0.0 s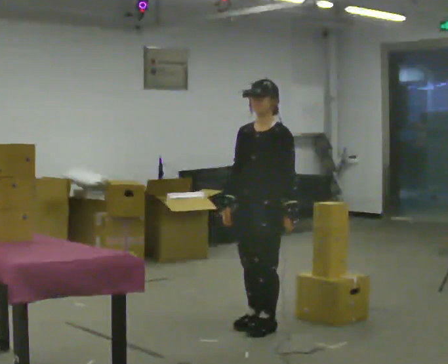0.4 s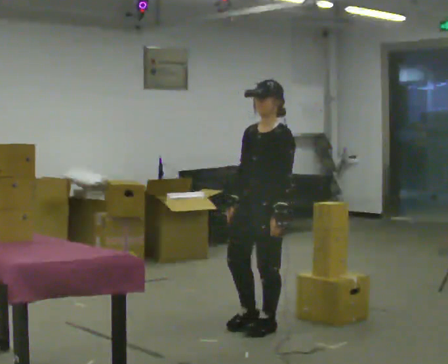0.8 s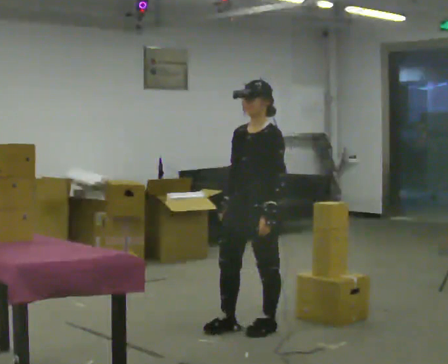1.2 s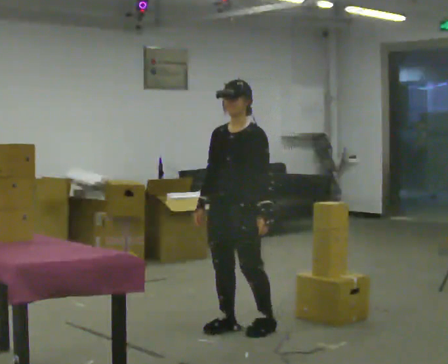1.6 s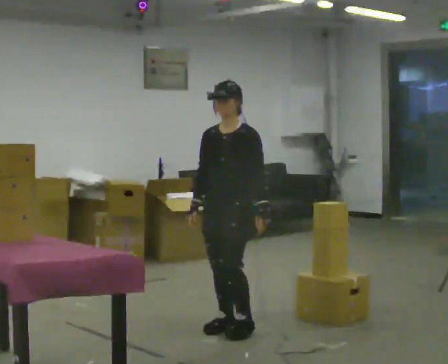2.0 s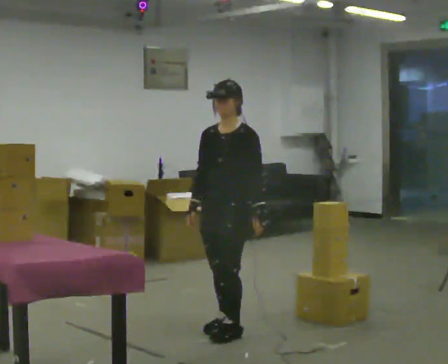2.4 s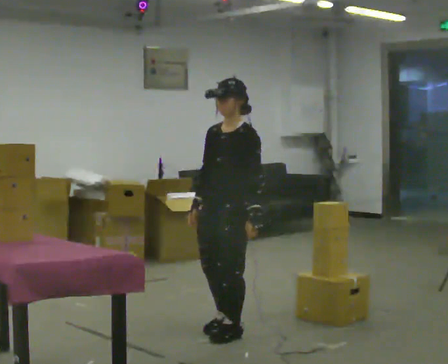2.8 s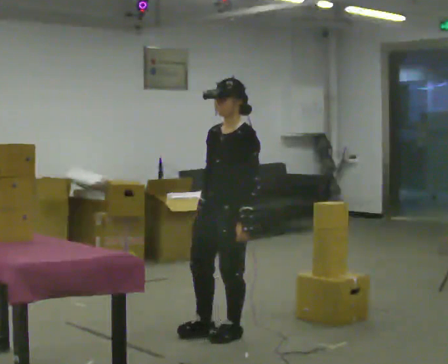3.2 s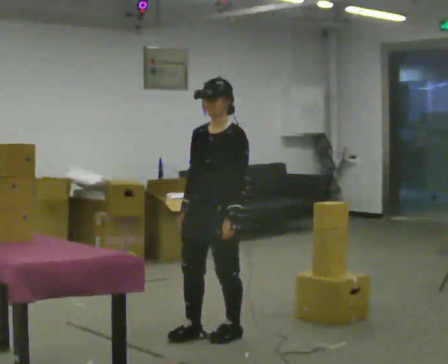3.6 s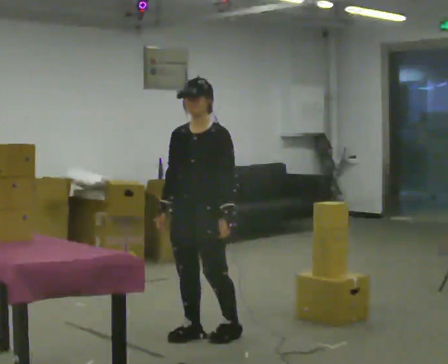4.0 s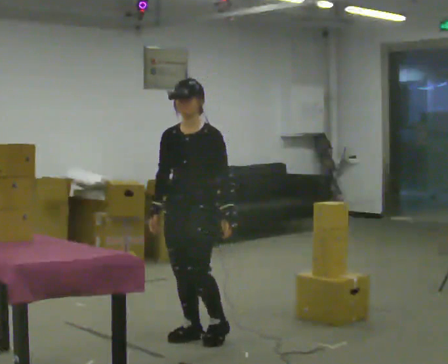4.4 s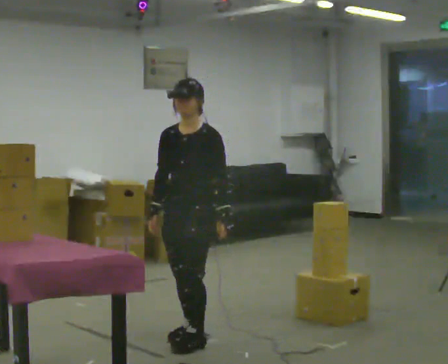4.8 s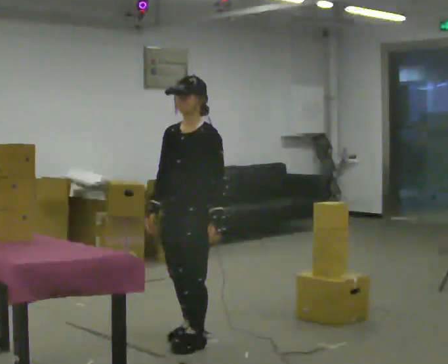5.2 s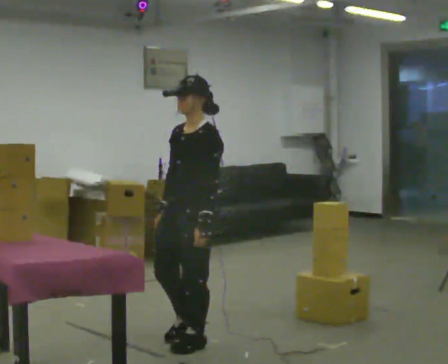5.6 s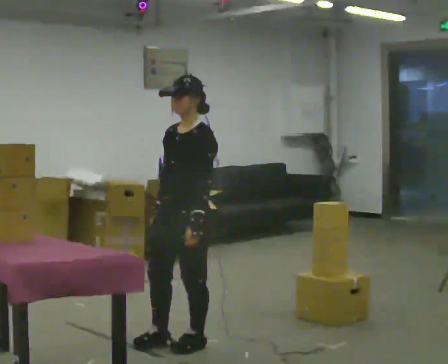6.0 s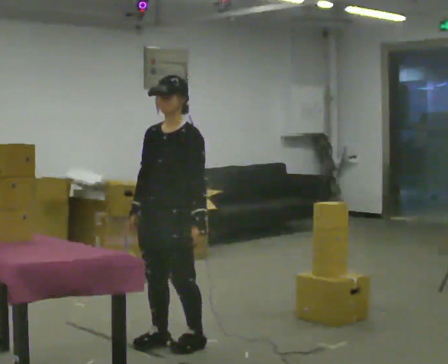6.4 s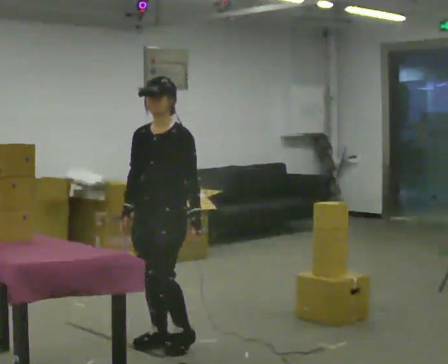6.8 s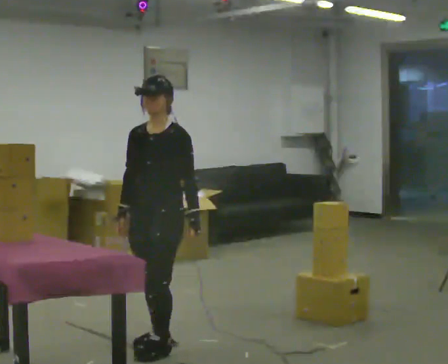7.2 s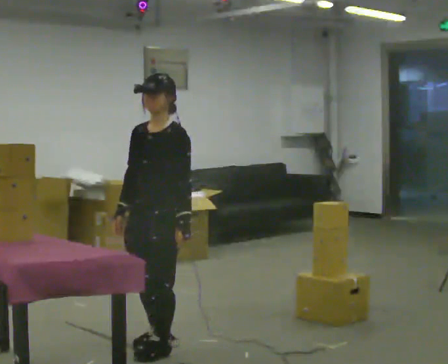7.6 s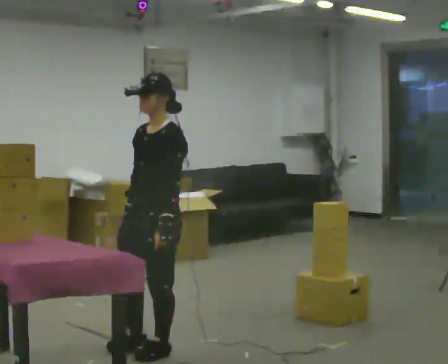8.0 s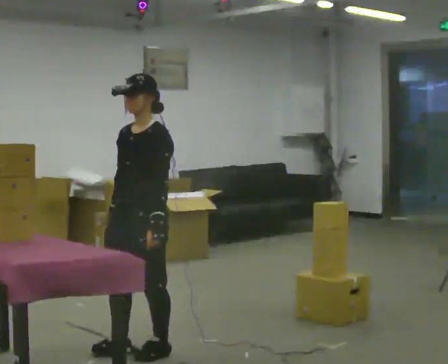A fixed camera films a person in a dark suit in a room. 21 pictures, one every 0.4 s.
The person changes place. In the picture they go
to the left.
0.0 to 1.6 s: In the picture they go to the left, about 0.25 m in 1 step, which for them is forward and to their right.
1.6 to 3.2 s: In the picture they go toward the camera, about 0.25 m in 2 steps, which for them is forward.
3.2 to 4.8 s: In the picture they go to the left, about 0.25 m in 1 step, which for them is forward.
4.8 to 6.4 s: In the picture they go to the left, about 0.25 m in 1 step, which for them is forward.
6.4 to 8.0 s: In the picture they go toward the camera, about 0.25 m in 2 steps, which for them is forward.
The film runs forward here.
